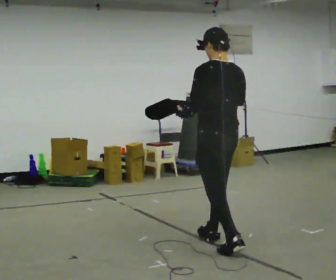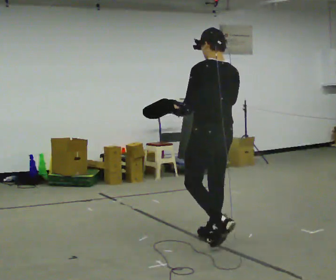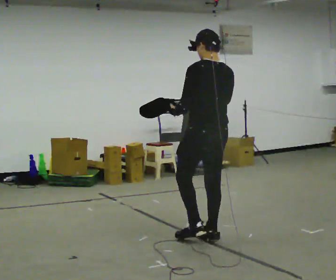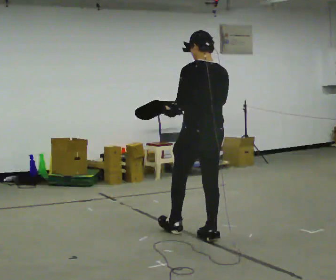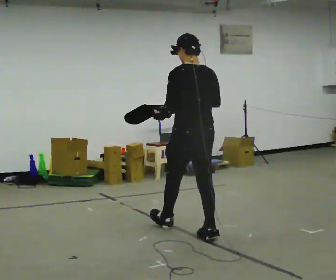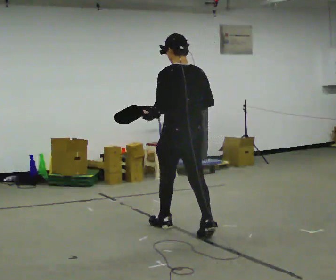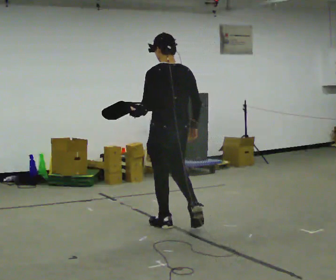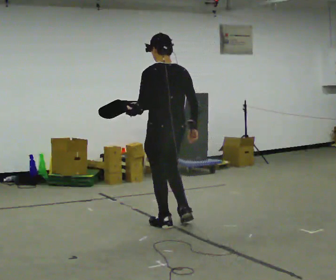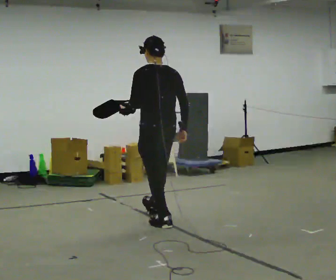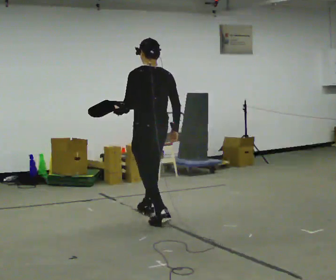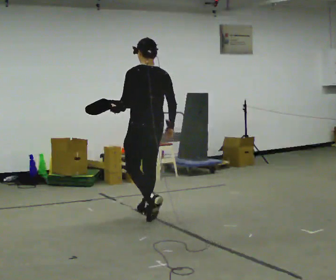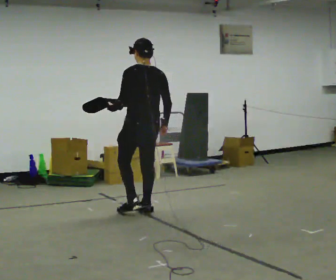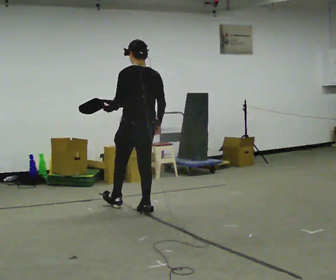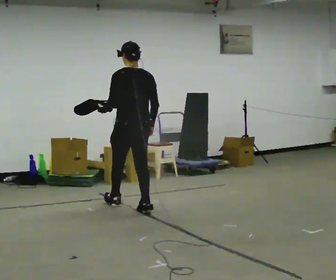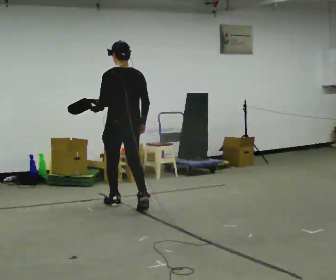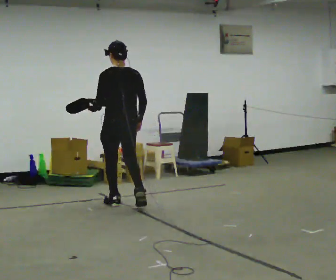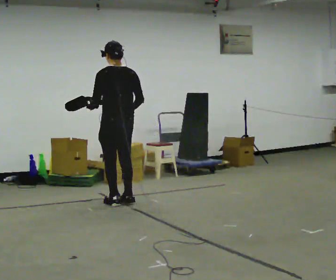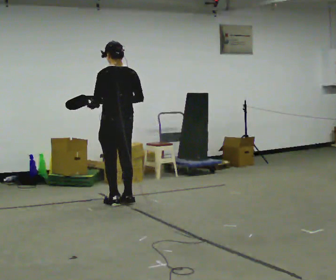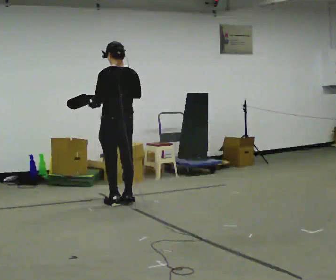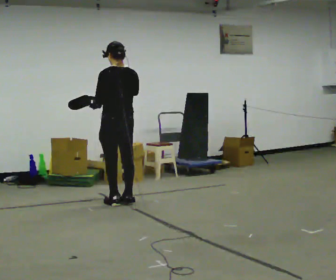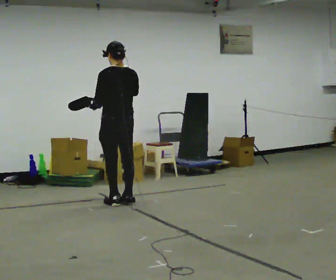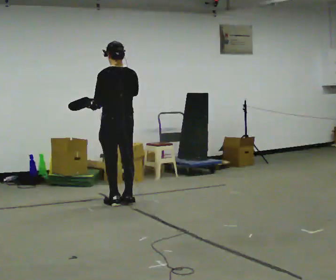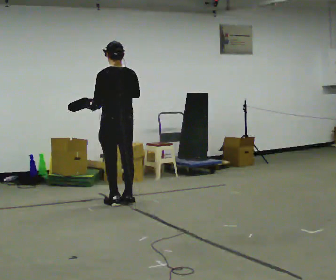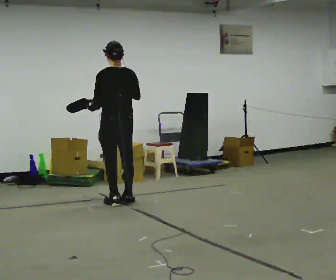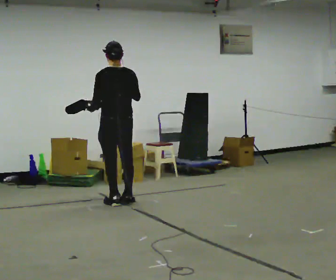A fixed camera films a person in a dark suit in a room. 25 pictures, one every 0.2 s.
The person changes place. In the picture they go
away from the camera.
0.0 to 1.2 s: In the picture they go away from the camera and to the left, about 0.75 m in 1 step, which for them is forward. In the picture their right hand goes downward.
1.2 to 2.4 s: In the picture they go away from the camera, about 0.5 m in 1 step, which for them is forward.
2.4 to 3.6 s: In the picture they go away from the camera and to the left, about 0.5 m in 2 steps, which for them is forward. In the picture their right hand goes upward.
3.6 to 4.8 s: The person moves a little, or ends about where they began.
The film runs forward here.
